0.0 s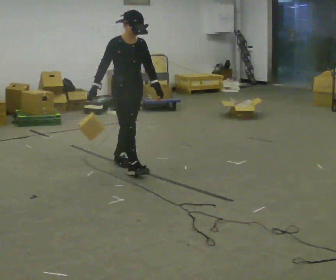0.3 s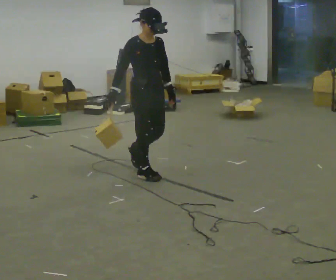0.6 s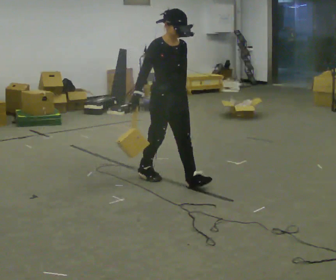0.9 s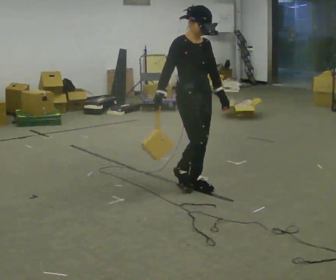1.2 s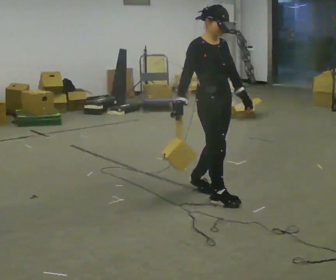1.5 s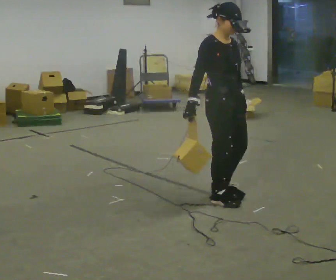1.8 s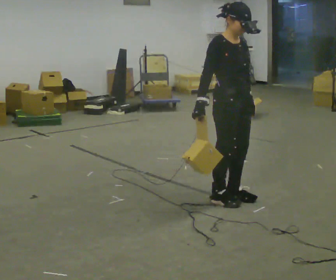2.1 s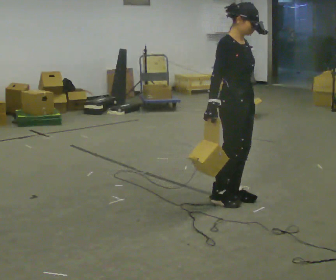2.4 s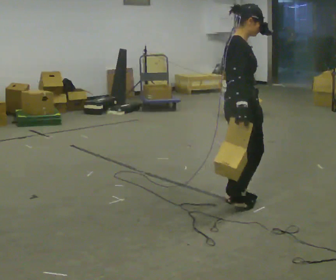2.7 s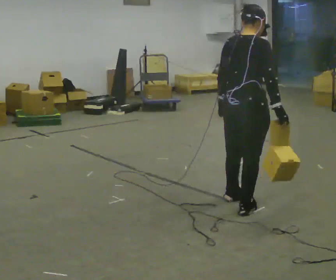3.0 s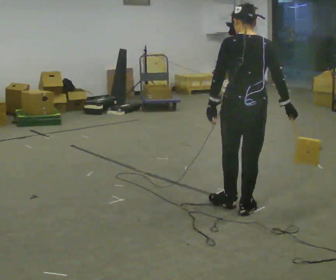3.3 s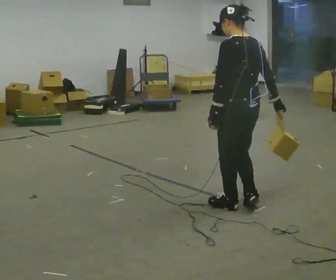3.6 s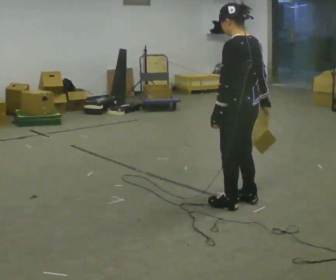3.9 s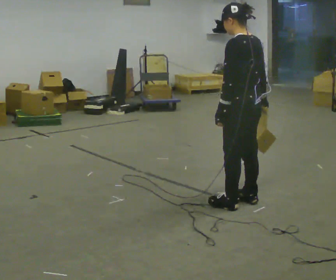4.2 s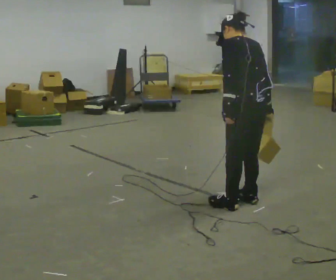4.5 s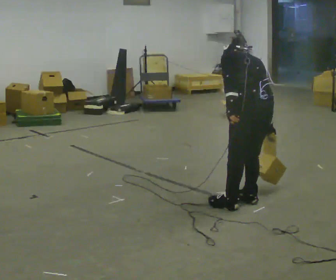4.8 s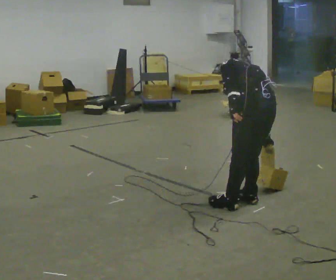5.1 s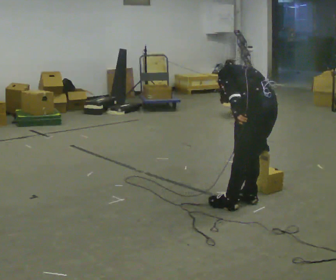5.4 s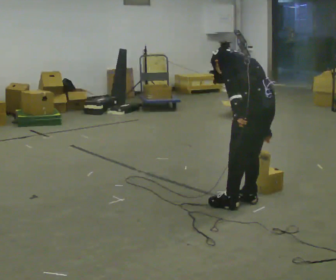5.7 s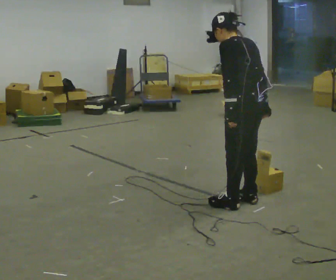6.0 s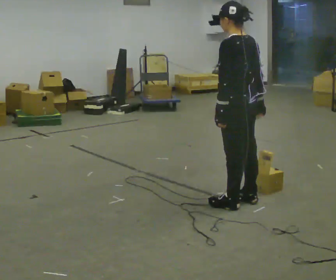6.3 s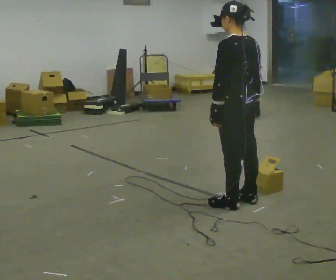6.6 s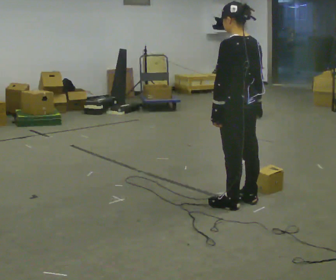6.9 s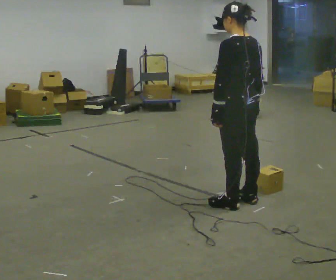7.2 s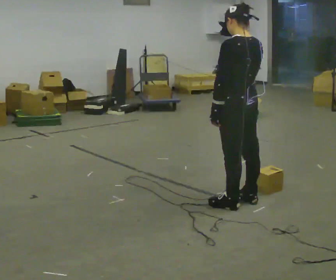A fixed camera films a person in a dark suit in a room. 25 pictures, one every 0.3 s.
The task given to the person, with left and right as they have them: Hold the object against your hip on the side the operator calls, and carry it back and forth across the room.
0.0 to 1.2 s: In the picture they go to the right and toward the camera, about 1 m in 3 steps, which for them is forward.
1.2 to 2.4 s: Seen from above the body turns counterclockwise, about 60 degrees: to their left, with its near side sliding to the right. In the picture they go to the right, about 0.25 m in 1 step, which for them is forward.
2.4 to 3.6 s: The person turns about 120 degrees to their left, counterclockwise seen from above, so the part of the body nearest the lens slides to the right.
3.6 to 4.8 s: The shoulders move downward. The upper body tips away from the camera, its near side rolling upward, as they bend forward.
4.8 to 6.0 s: The shoulders move upward. The upper body tips toward the camera, its near side rolling downward, as they lean back or straighten.
6.0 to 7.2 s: In the picture their right hand goes upward.
The film runs forward here.
